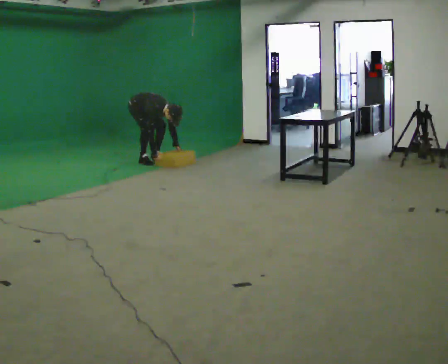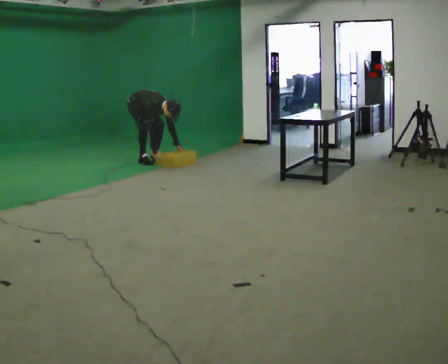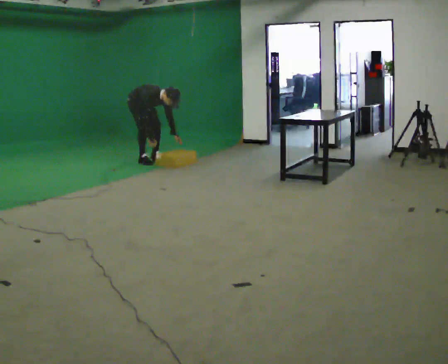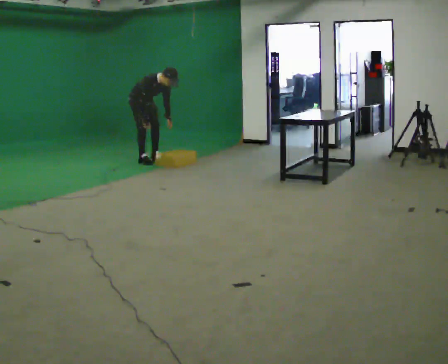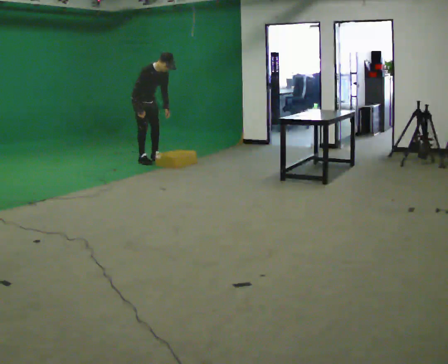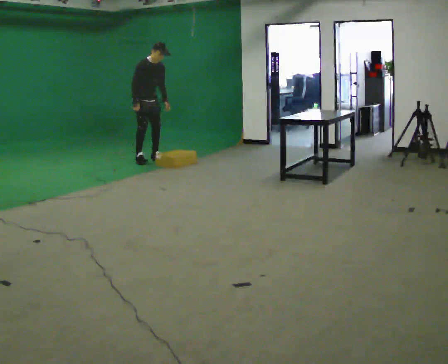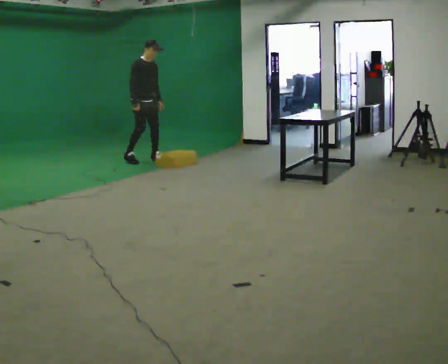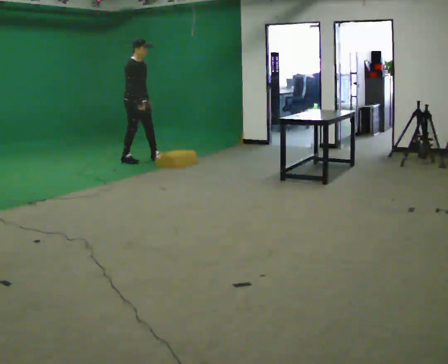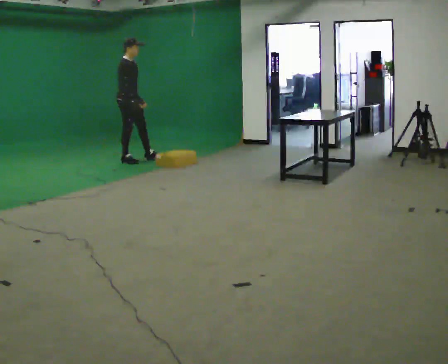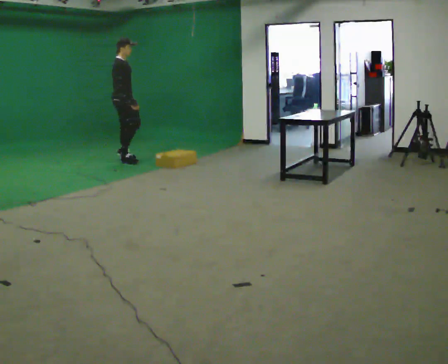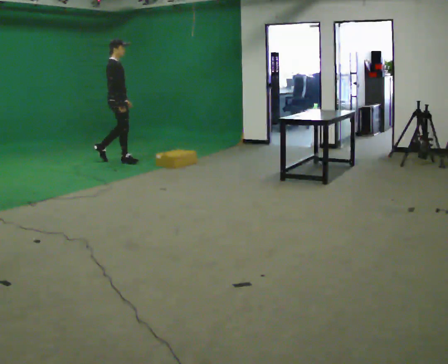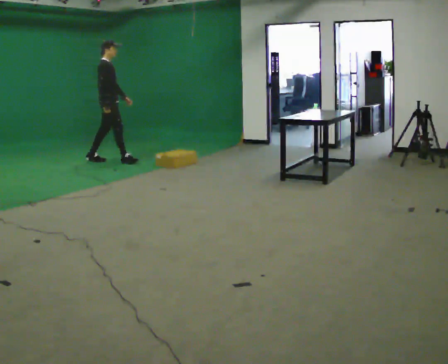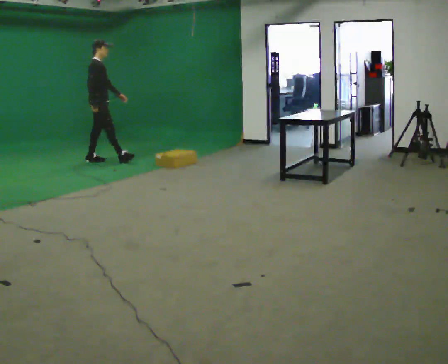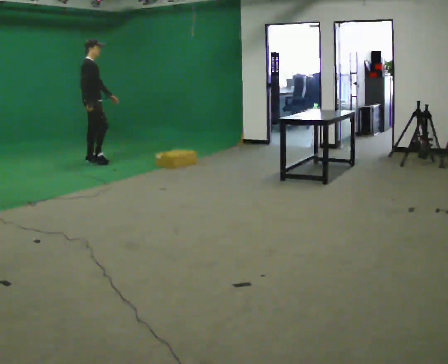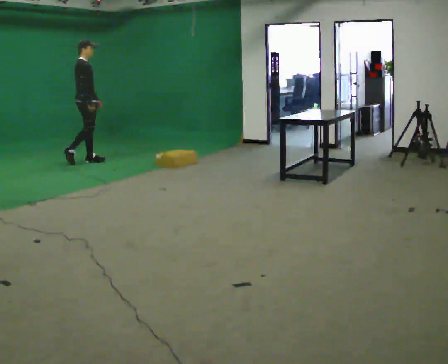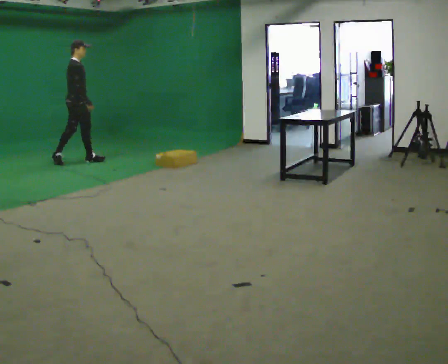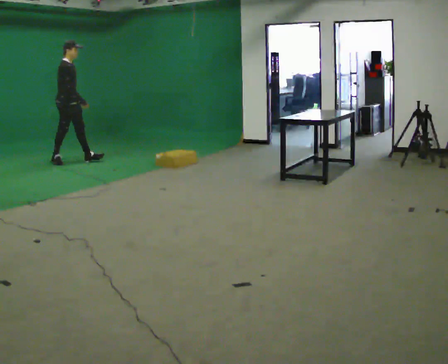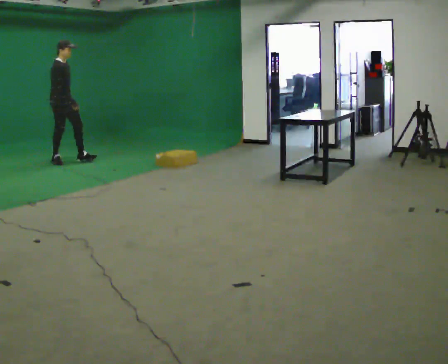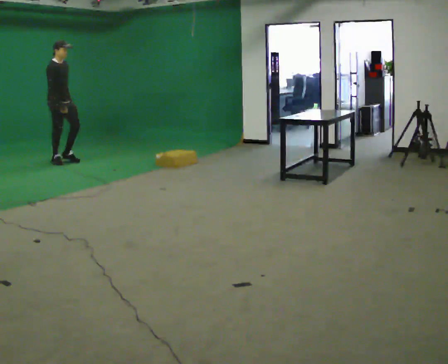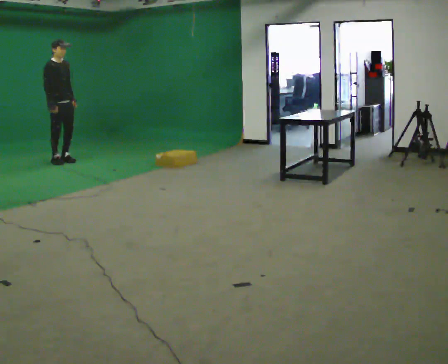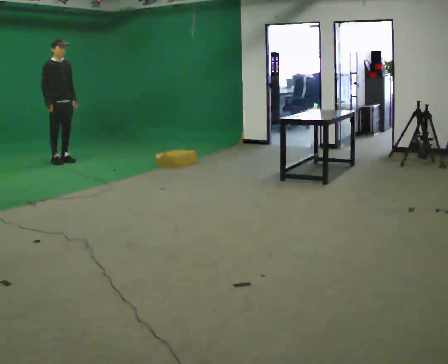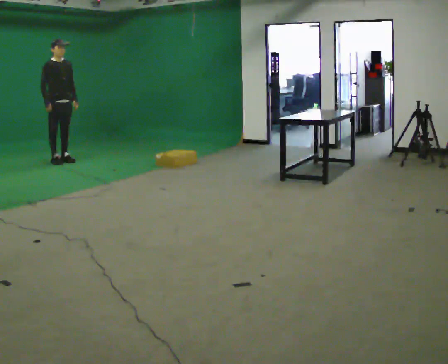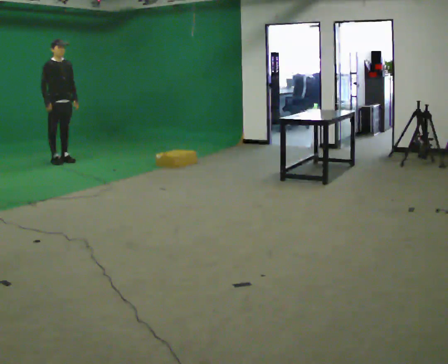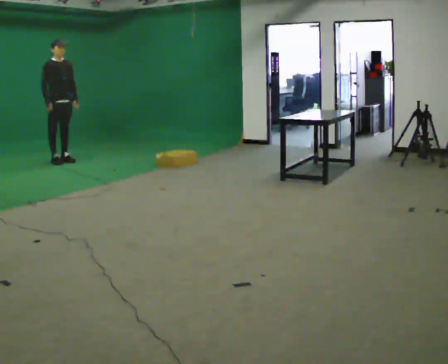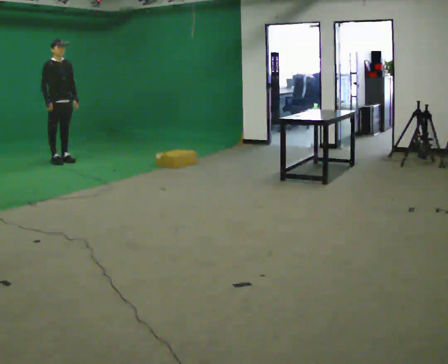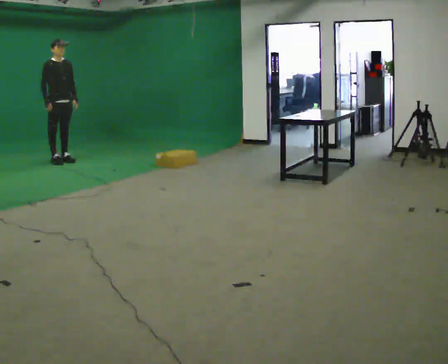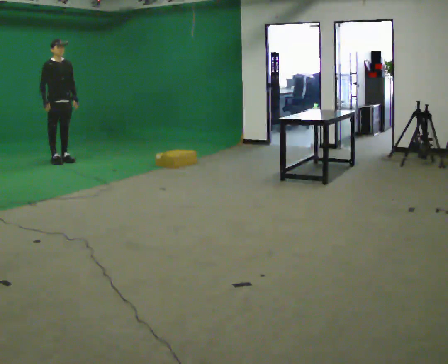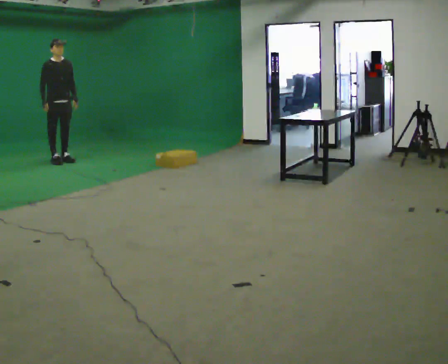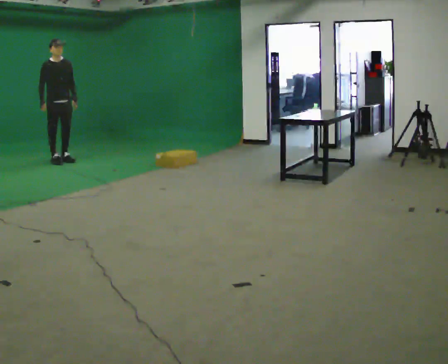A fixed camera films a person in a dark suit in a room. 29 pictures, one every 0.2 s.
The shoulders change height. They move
upward.
Their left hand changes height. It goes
upward.
0.0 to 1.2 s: The shoulders move upward. The upper body tips away from the camera, its near side rolling upward, as they lean back or straighten. In the picture their left hand goes upward.
1.2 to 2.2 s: The person turns about 45 degrees to their left, counterclockwise seen from above, so the part of the body nearest the lens slides to the right. In the picture they go to the left, about 0.5 m in 1 step, which for them is backward and to their right.
2.2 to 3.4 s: In the picture they go to the left, about 0.75 m in 2 steps, which for them is backward.
3.4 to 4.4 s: The part of the body nearest the lens slides to the left as the person turns to their right by about 30 degrees.
4.4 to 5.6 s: The person moves a little, or ends about where they began.
The film runs backward here.
